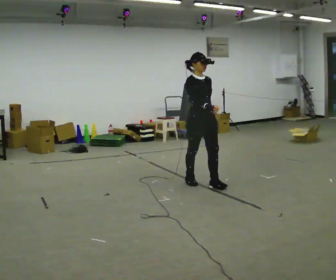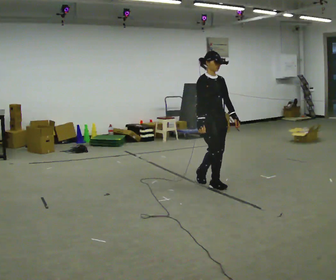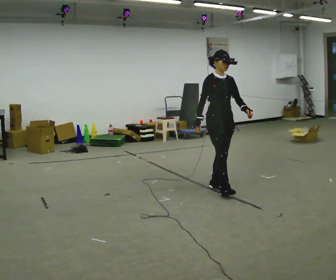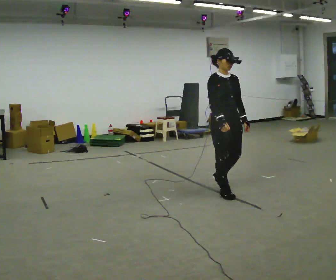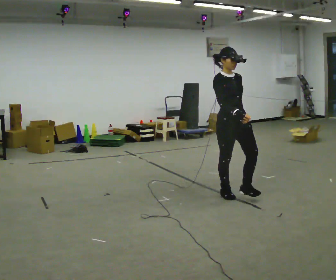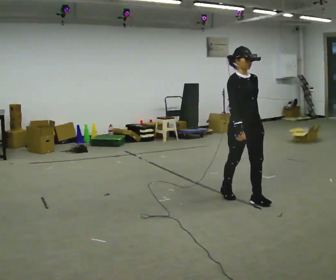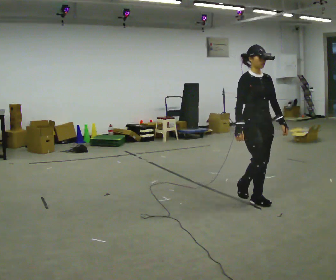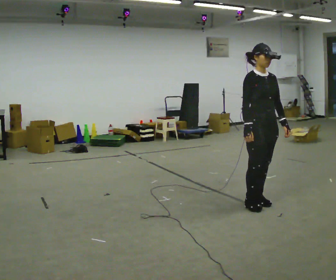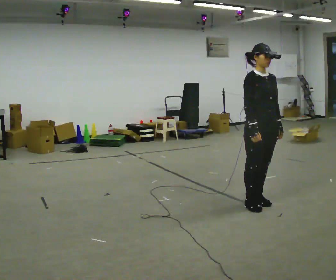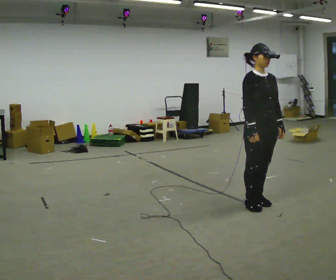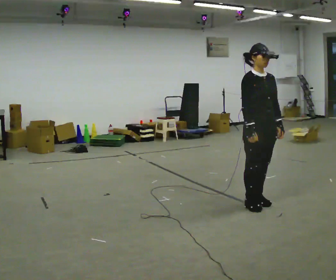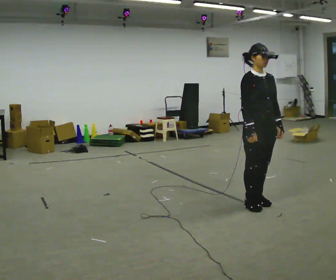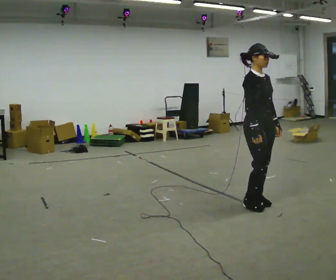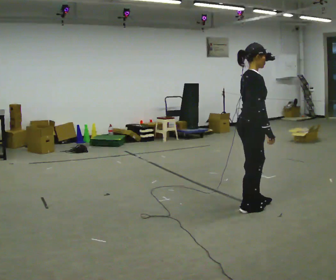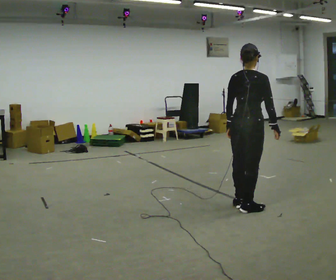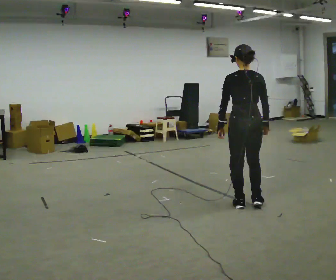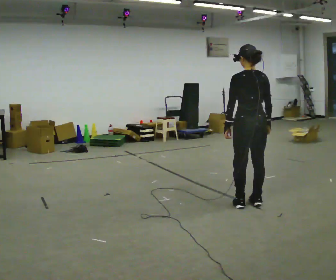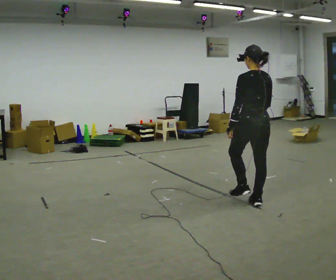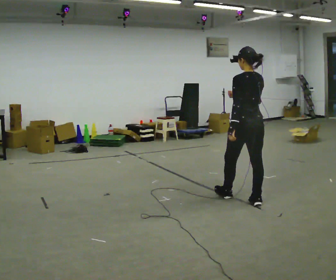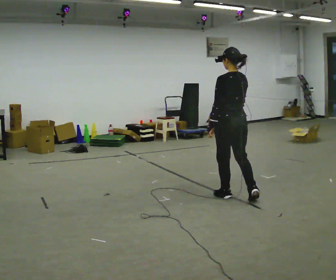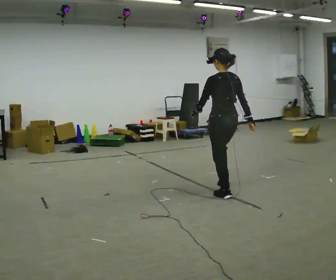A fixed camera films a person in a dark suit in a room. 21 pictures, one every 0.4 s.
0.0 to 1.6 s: In the picture they go toward the camera and to the right, about 0.5 m in 1 step, which for them is forward.
1.6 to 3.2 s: In the picture they go toward the camera and to the right, about 0.5 m in 2 steps, which for them is forward.
3.2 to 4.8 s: The person moves a little, or ends about where they began.
4.8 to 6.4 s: The person turns about 150 degrees to their left, counterclockwise seen from above, so the part of the body nearest the lens slides to the right. In the picture their left hand goes to the left, the arm swinging clockwise.
6.4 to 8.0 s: In the picture they go away from the camera and to the left, about 0.5 m in 1 step, which for them is forward.
The film runs forward here.
